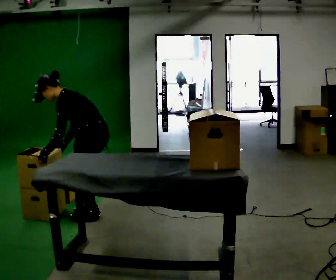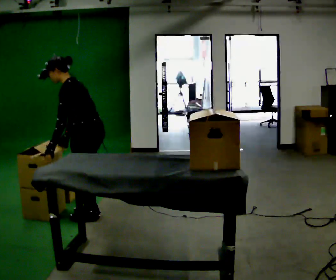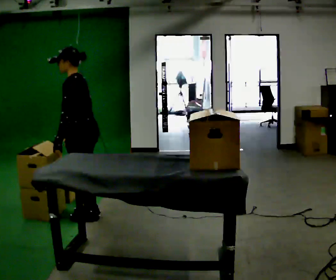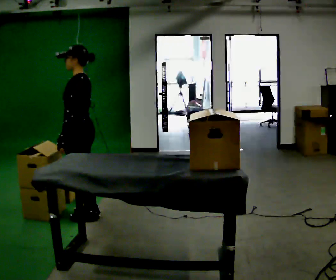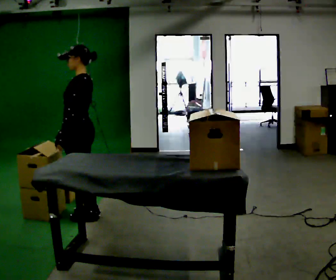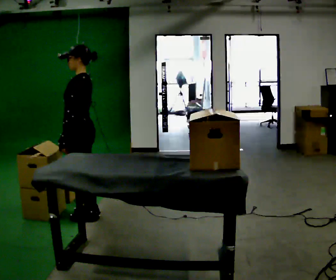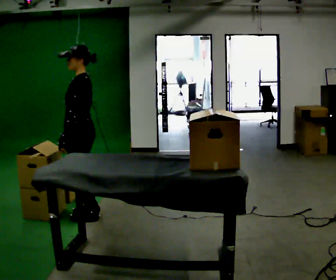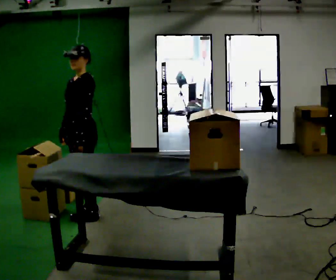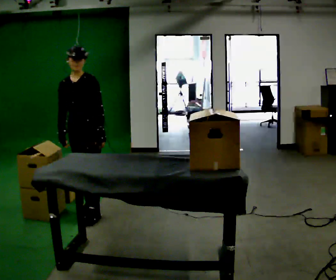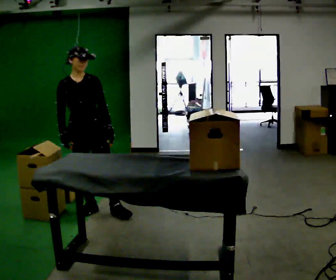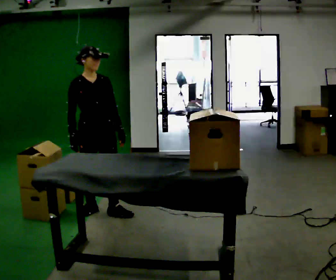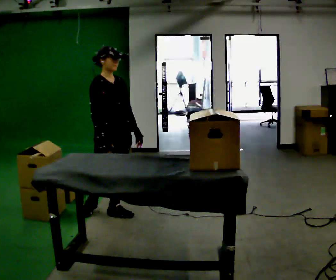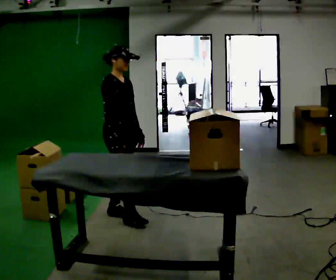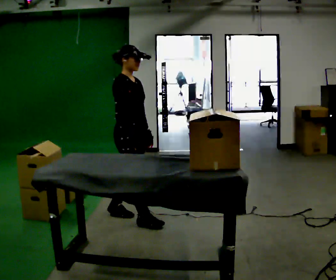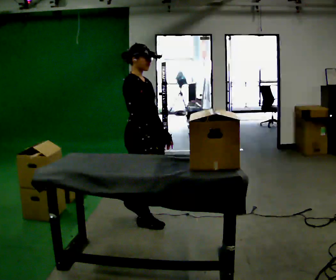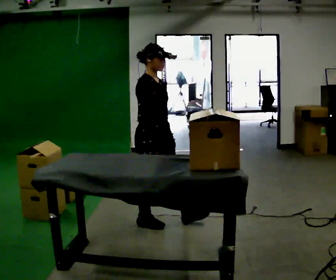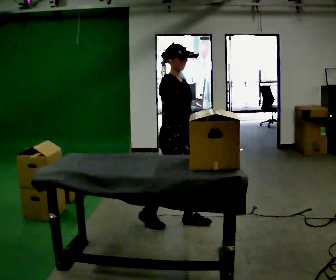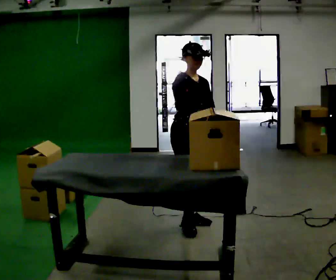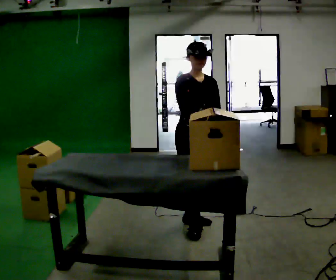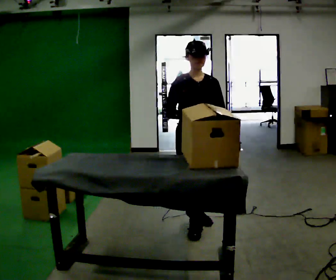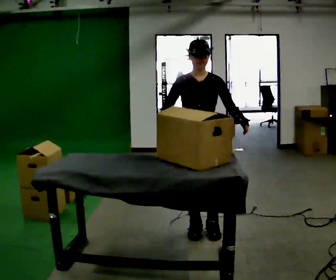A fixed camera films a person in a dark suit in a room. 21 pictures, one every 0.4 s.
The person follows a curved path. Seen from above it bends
clockwise.
0.0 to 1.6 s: The shoulders move upward. In the picture the upper body tilts clockwise, shoulders to the right, as they lean back or straighten.
1.6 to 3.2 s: Seen from above the body turns counterclockwise, about 75 degrees: to their left, with its near side sliding to the right. In the picture their left hand goes to the right, the arm swinging counterclockwise.
3.2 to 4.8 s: The part of the body nearest the lens slides to the right as the person turns to their left by about 75 degrees. In the picture they go to the right, about 0.25 m in 1 step.
4.8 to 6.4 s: In the picture they go to the right and toward the camera, about 0.5 m in 2 steps, which for them is forward.
6.4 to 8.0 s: Seen from above the body turns clockwise, about 60 degrees: to their right, with its near side sliding to the left. In the picture they go toward the camera, about 0.25 m in 2 steps.
The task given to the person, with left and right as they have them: Take an object off the waist-height shelf, carry it across the room, and set it down on the floor. Keep going until the operator says stop; one object at a time, and do not rush between trips.
The film runs forward here.
